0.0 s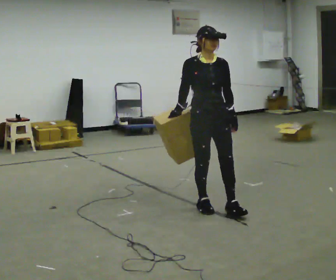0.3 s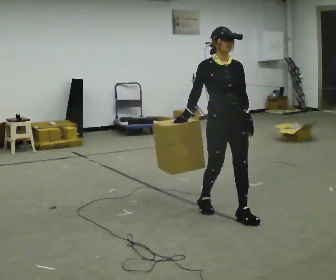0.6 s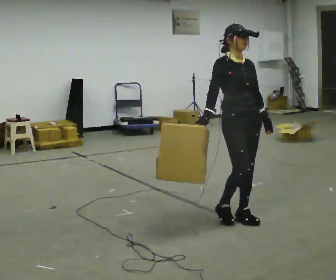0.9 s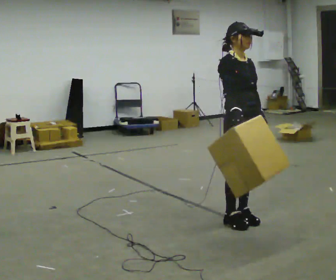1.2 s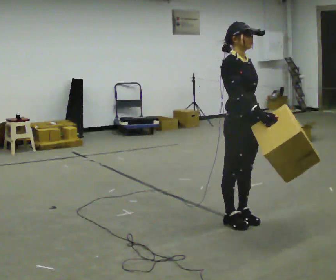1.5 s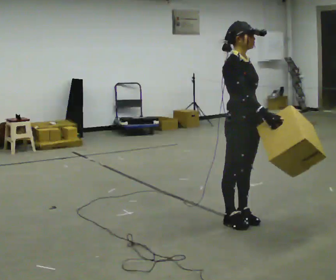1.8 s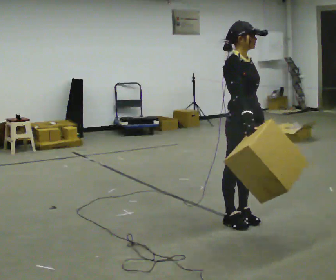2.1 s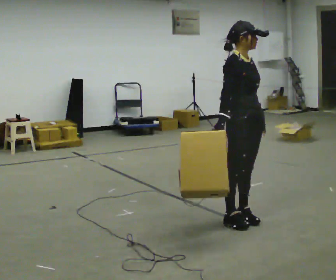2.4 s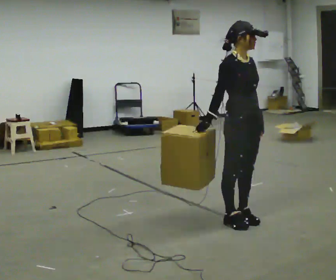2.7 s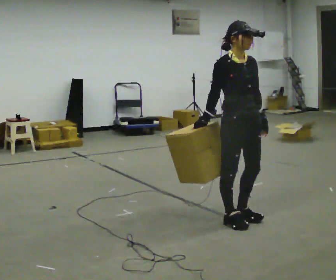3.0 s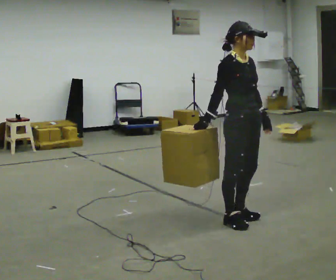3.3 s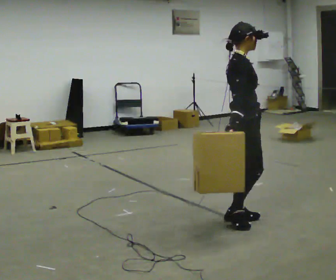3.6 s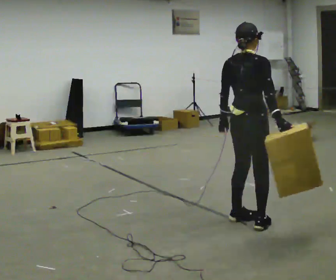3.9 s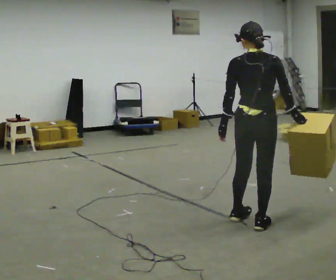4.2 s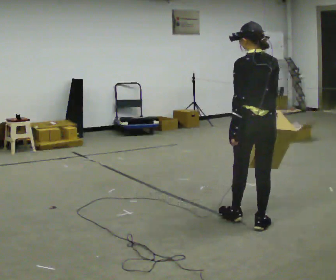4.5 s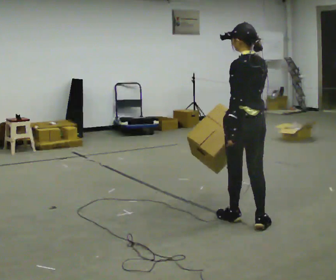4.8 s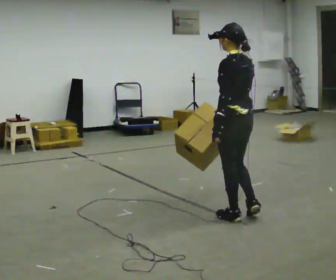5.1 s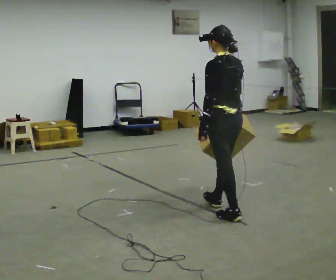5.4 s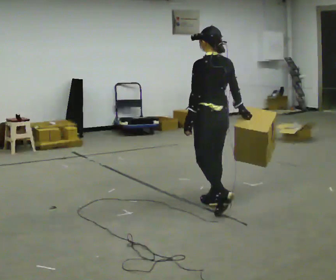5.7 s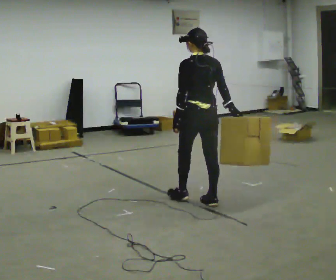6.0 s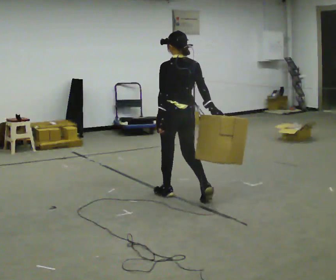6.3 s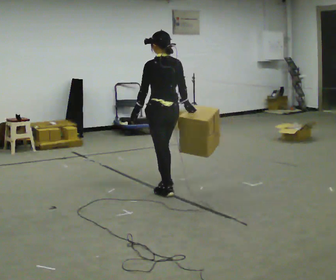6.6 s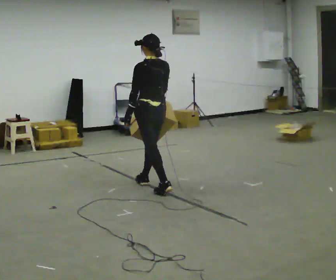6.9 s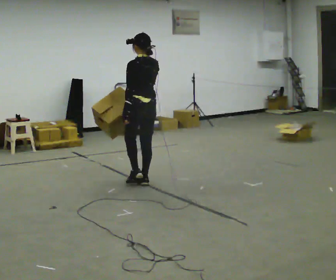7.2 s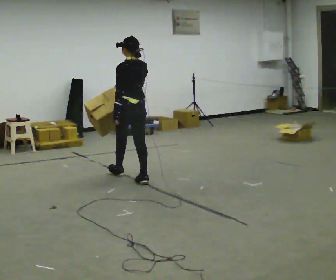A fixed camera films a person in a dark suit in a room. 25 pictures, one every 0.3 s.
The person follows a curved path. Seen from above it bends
counterclockwise.
0.0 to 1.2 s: Seen from above the body turns counterclockwise, about 30 degrees: to their left, with its near side sliding to the right. In the picture they go to the right and toward the camera, about 0.5 m in 2 steps, which for them is forward.
1.2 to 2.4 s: In the picture their right hand goes to the left, the arm swinging clockwise.
2.4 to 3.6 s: The person turns about 90 degrees to their left, counterclockwise seen from above, so the part of the body nearest the lens slides to the right. In the picture their right hand goes to the right, the arm swinging counterclockwise.
3.6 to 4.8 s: The person turns about 90 degrees to their left, counterclockwise seen from above, so the part of the body nearest the lens slides to the right. In the picture their right hand goes to the left, the arm swinging clockwise.
4.8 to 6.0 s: In the picture they go to the left and away from the camera, about 1 m in 2 steps, which for them is forward.
6.0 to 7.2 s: In the picture they go to the left and away from the camera, about 1 m in 1 step, which for them is forward.
The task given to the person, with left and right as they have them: Carry the object in the hand the operator calls, down at your side, walking back and forth across the room.
The film runs forward here.
